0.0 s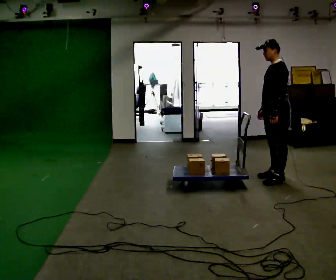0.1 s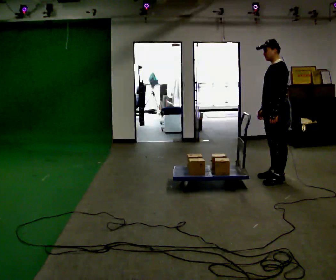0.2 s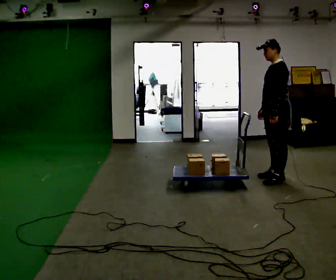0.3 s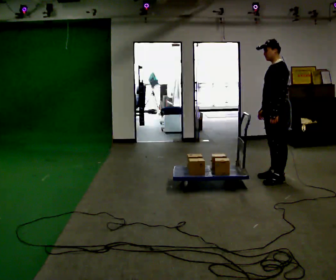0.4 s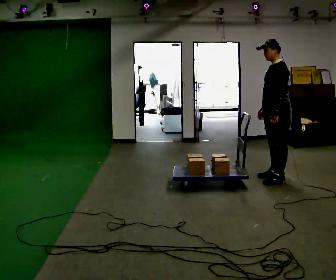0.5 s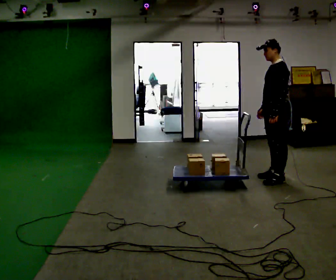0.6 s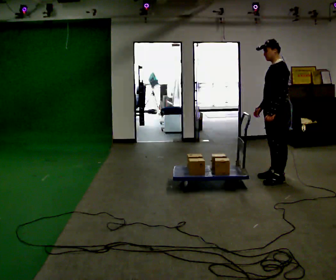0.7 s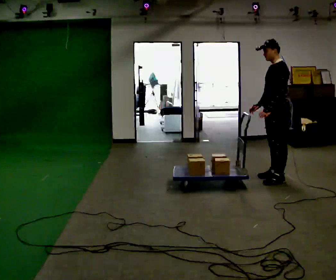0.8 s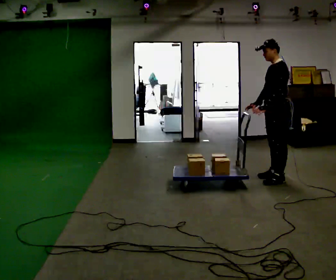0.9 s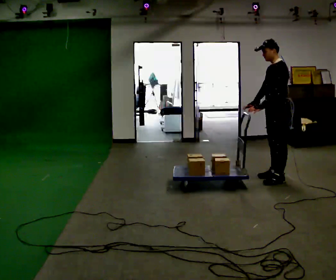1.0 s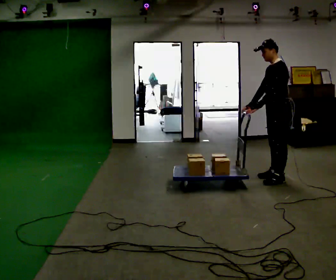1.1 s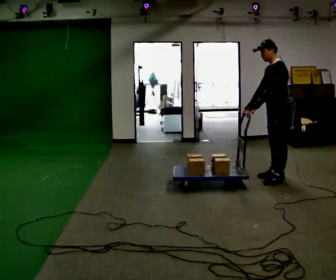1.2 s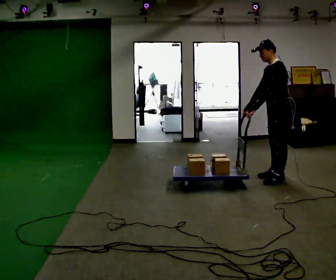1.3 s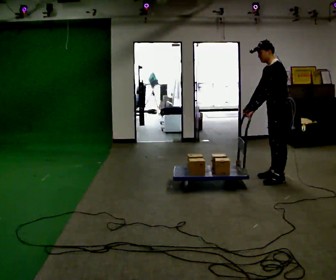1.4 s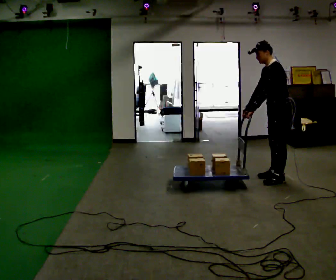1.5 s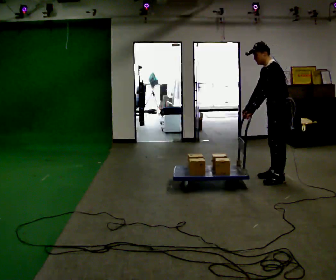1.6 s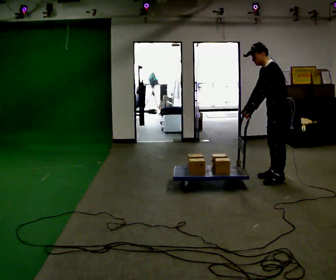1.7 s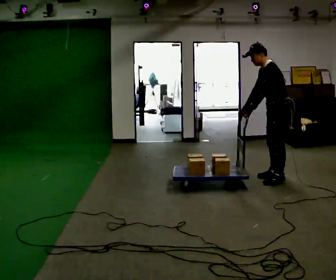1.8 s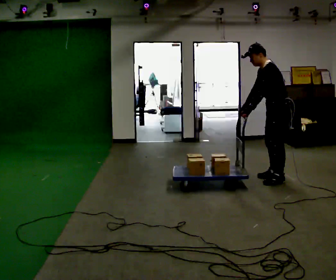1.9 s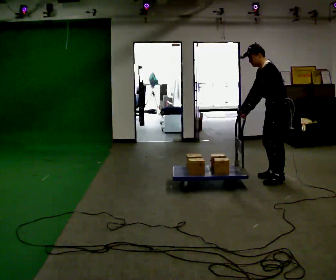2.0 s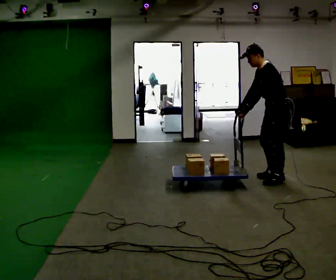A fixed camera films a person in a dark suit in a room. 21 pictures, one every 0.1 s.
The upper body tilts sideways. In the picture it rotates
counterclockwise.
0.0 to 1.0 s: The person moves a little, or ends about where they began.
1.0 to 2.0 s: In the picture the upper body tilts counterclockwise, shoulders to the left, as they bend forward.
The film runs forward here.
